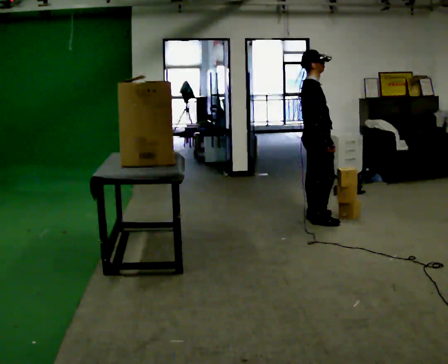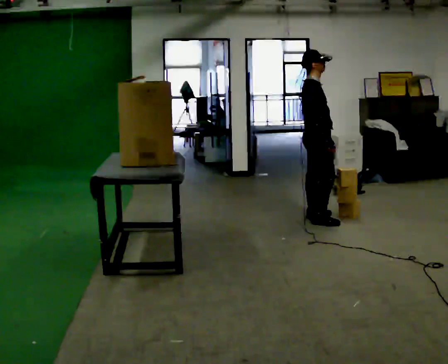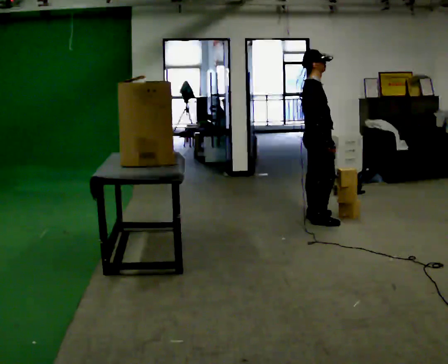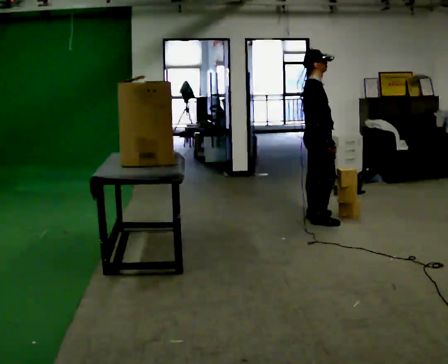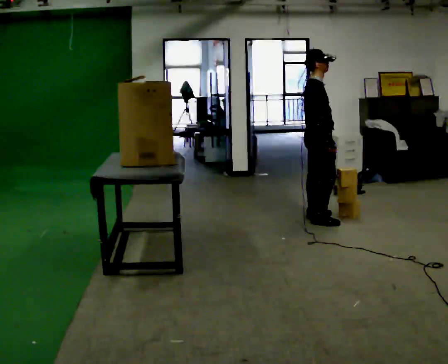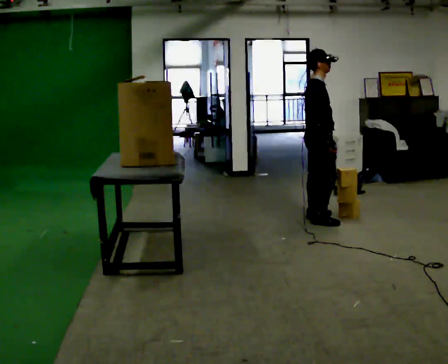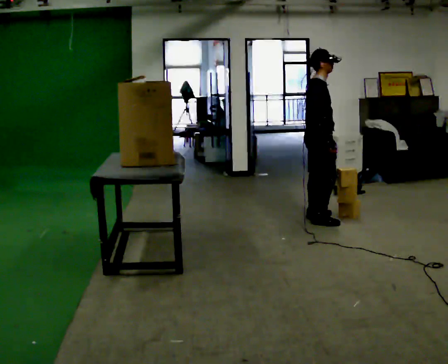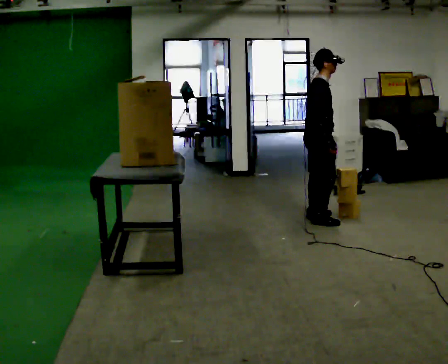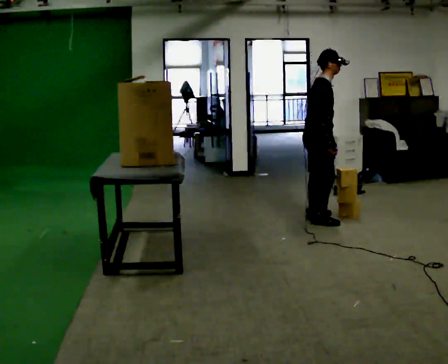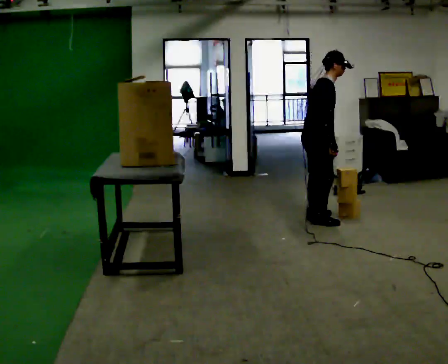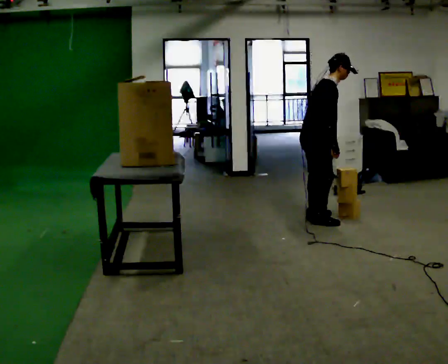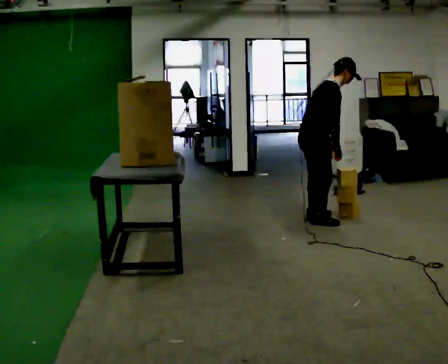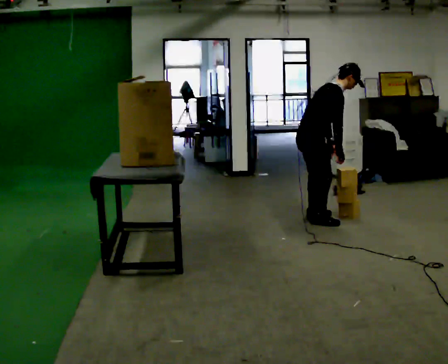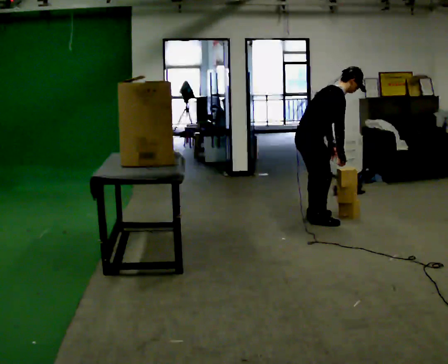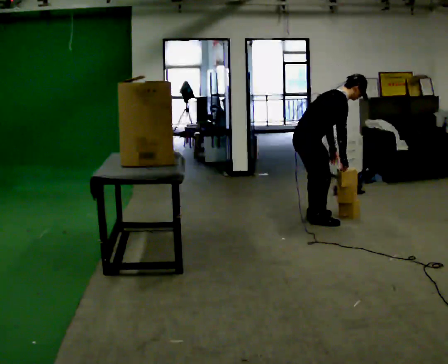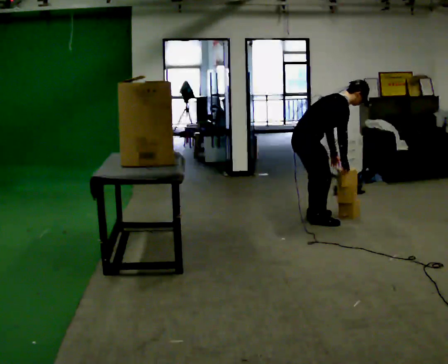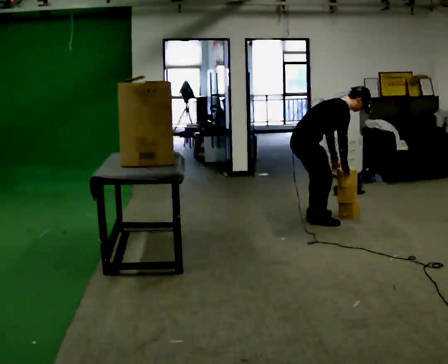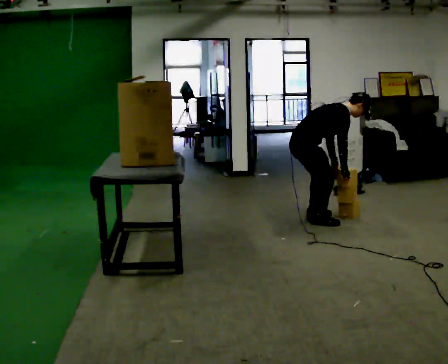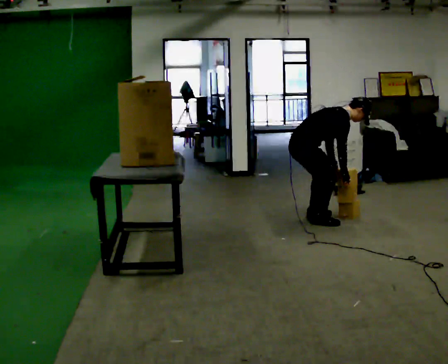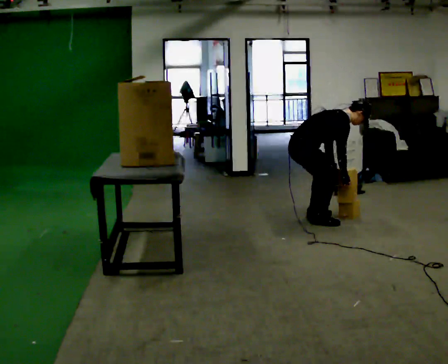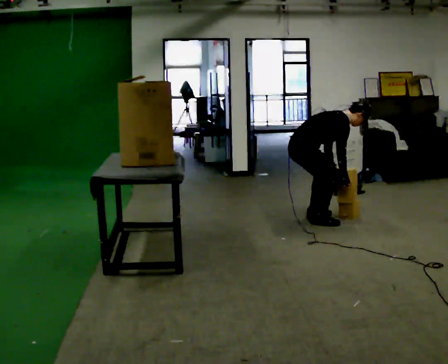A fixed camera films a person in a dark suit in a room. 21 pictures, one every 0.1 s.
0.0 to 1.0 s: In the picture the upper body tilts clockwise, shoulders to the right, as they bend forward.
1.0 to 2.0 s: The upper body goes downward. In the picture the upper body tilts clockwise, shoulders to the right, as they bend forward. In the picture their right hand goes downward.
The film runs forward here.
